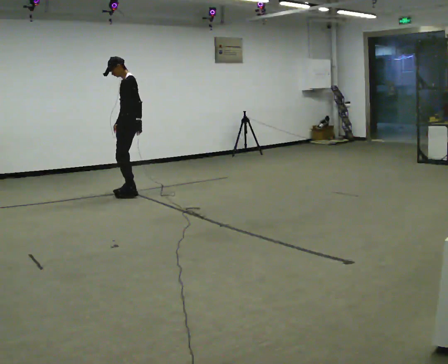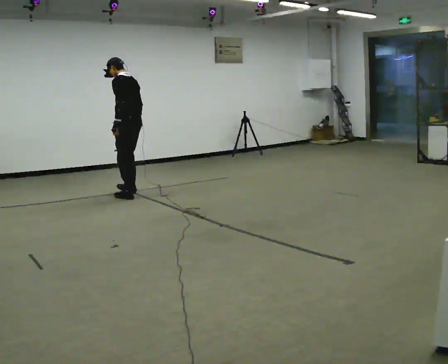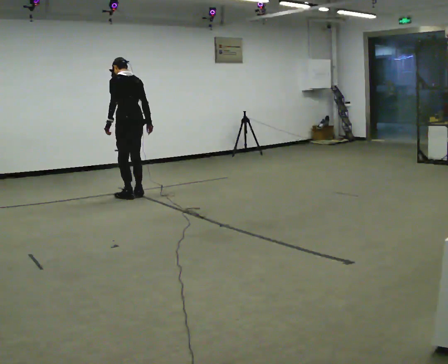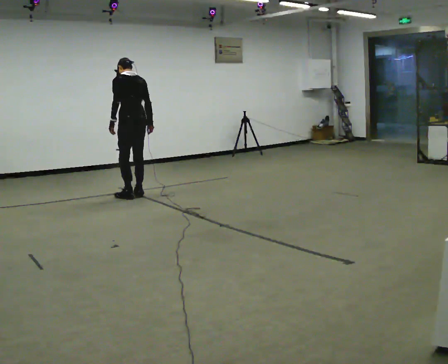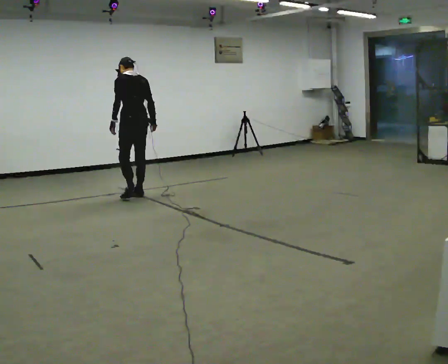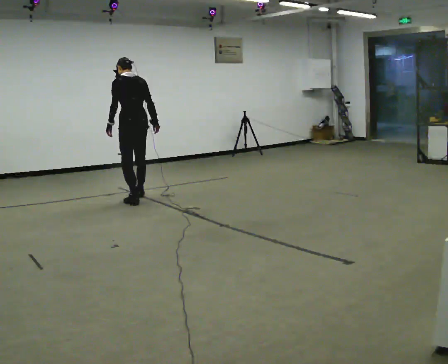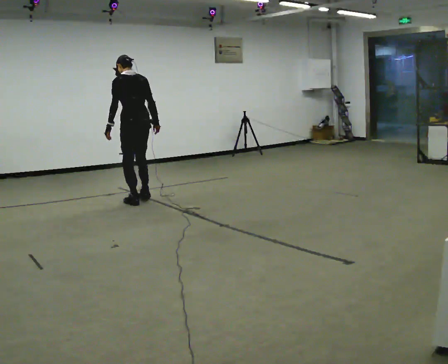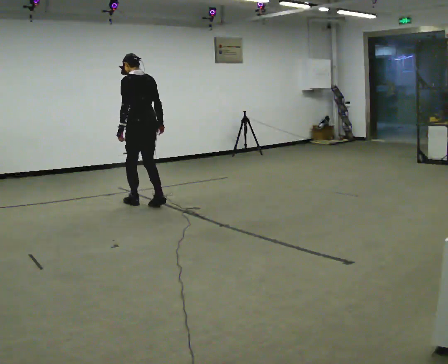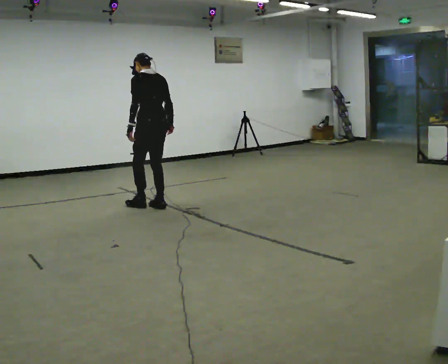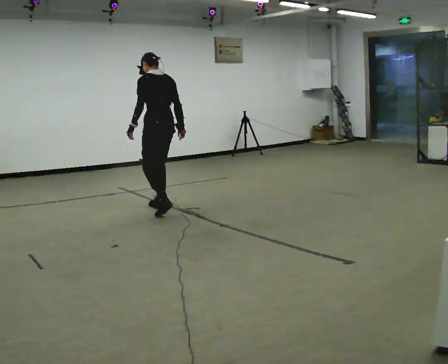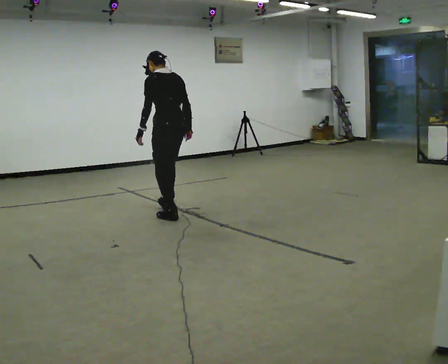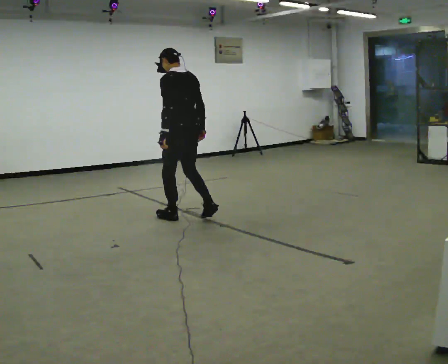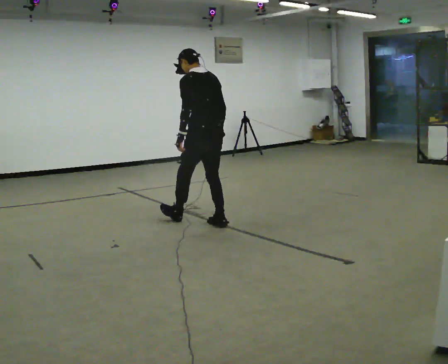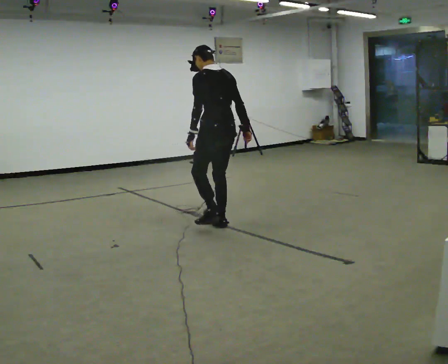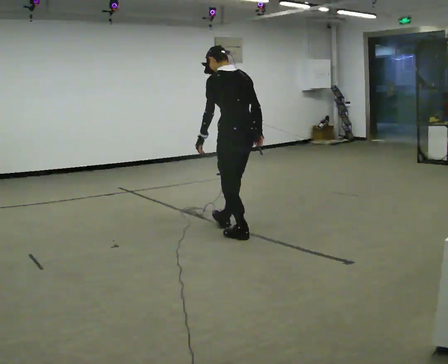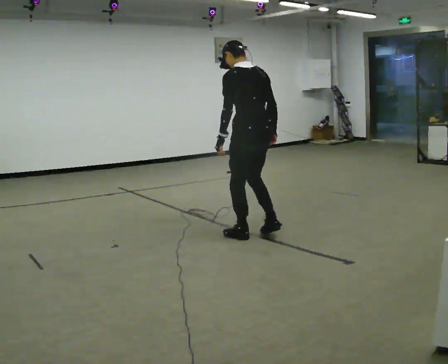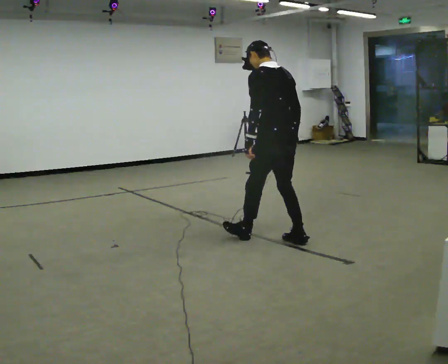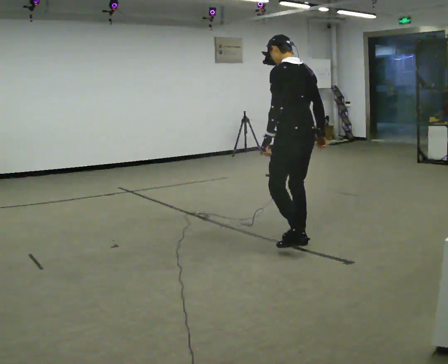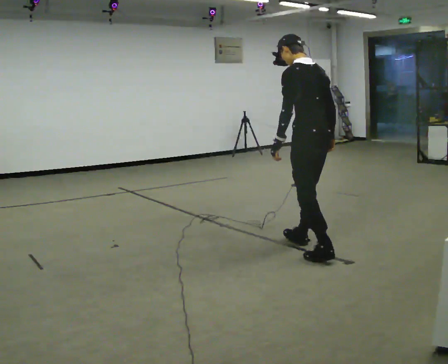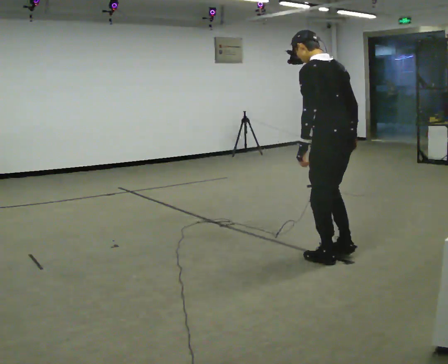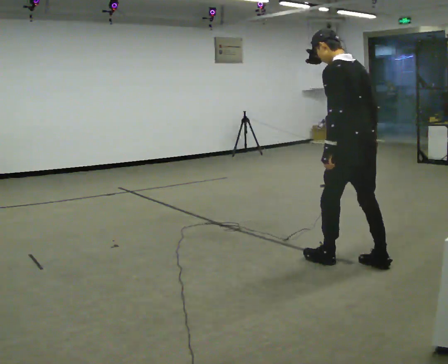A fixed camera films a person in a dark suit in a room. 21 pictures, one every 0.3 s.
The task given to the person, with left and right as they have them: Walk backward slowly; stop.
0.0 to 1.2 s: Seen from above the body turns clockwise, about 75 degrees: to their right, with its near side sliding to the left. In the picture they go toward the camera, about 0.25 m in 2 steps.
1.2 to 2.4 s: In the picture they go toward the camera and to the right, about 0.5 m in 2 steps, which for them is backward.
2.4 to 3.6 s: In the picture they go toward the camera and to the right, about 1 m in 2 steps, which for them is backward.
3.6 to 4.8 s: In the picture they go toward the camera and to the right, about 1 m in 2 steps, which for them is backward.
4.8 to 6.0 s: In the picture they go toward the camera and to the right, about 1 m in 2 steps, which for them is backward.
The film runs forward here.
